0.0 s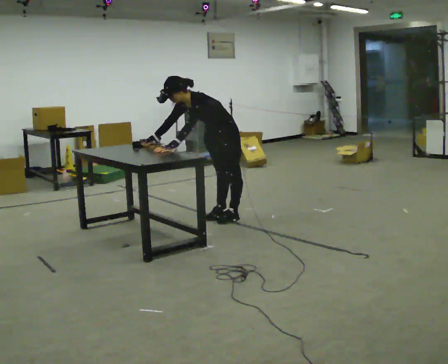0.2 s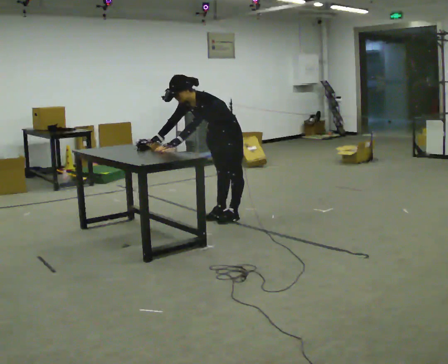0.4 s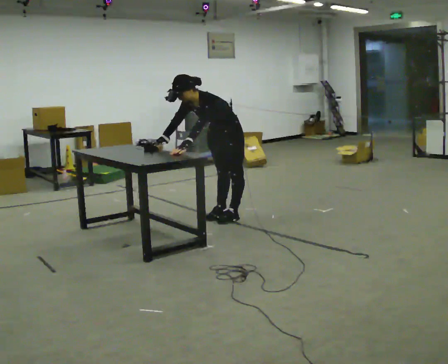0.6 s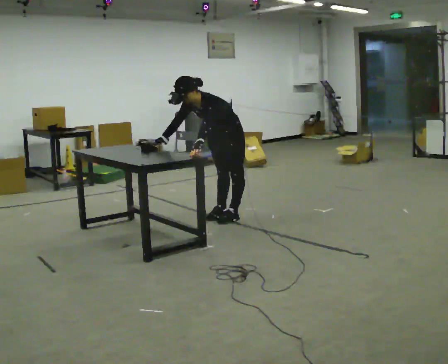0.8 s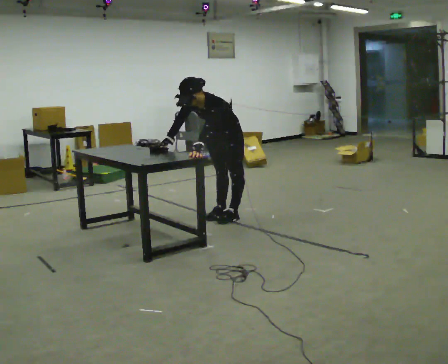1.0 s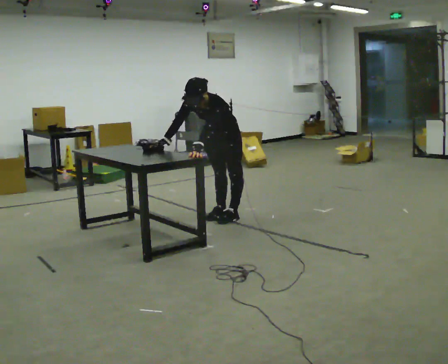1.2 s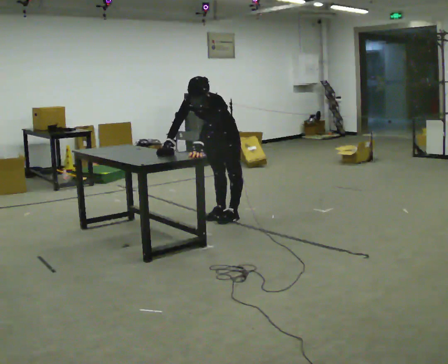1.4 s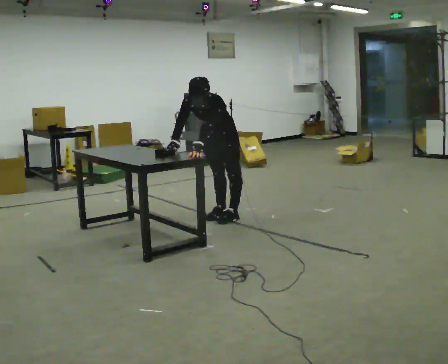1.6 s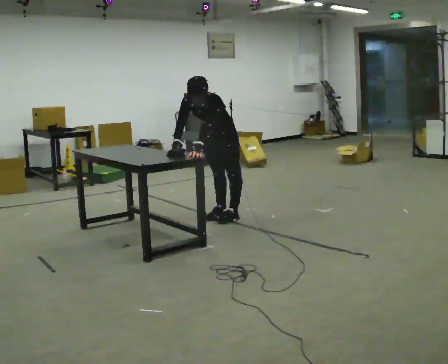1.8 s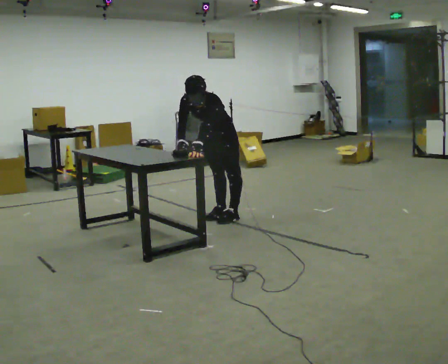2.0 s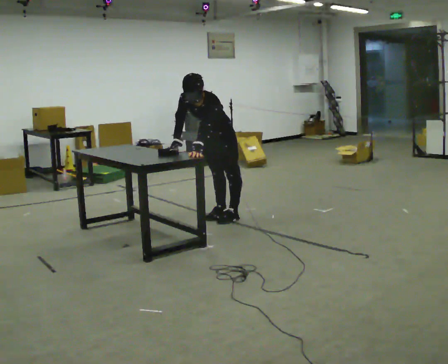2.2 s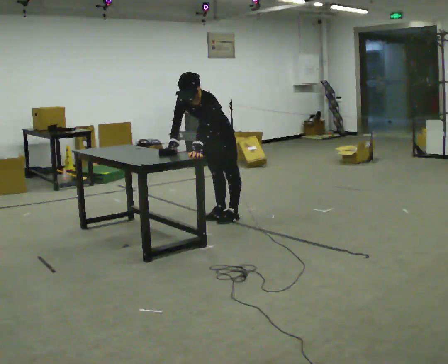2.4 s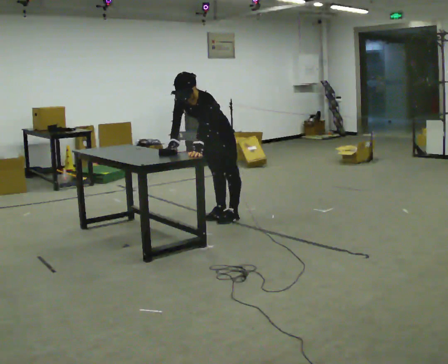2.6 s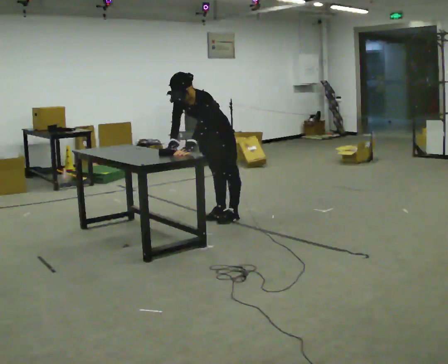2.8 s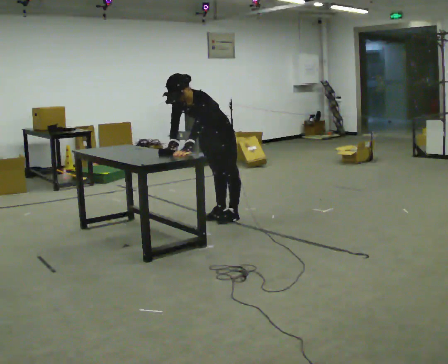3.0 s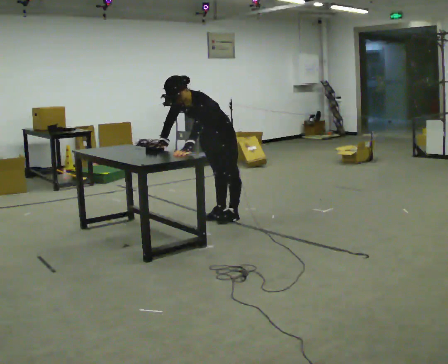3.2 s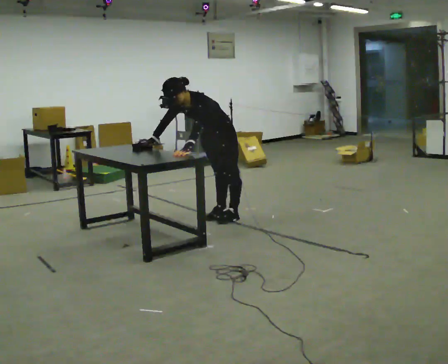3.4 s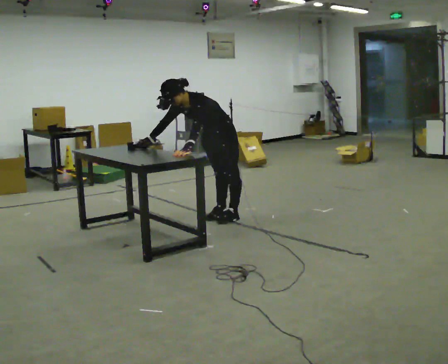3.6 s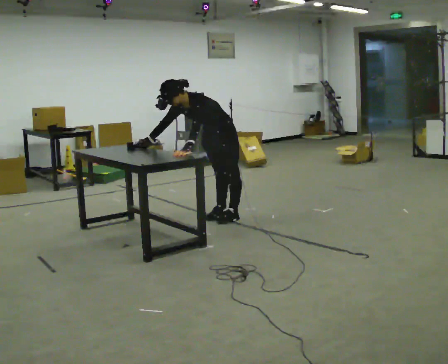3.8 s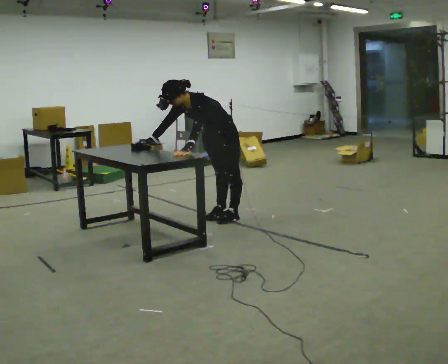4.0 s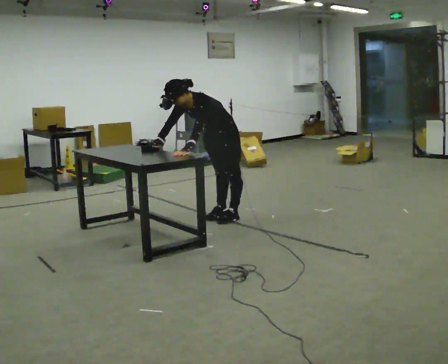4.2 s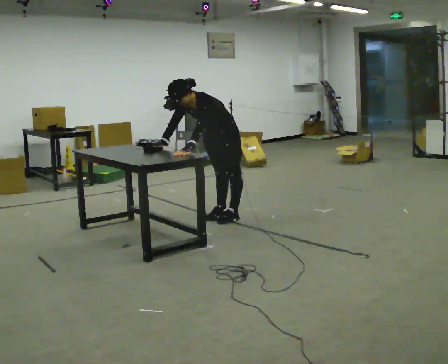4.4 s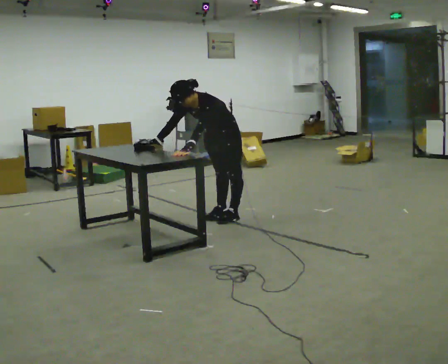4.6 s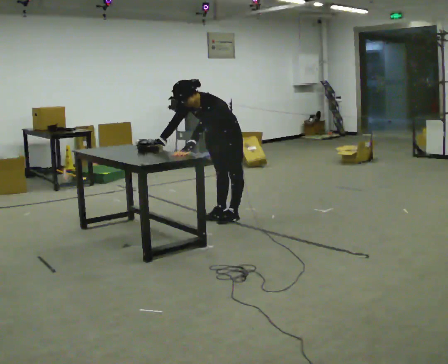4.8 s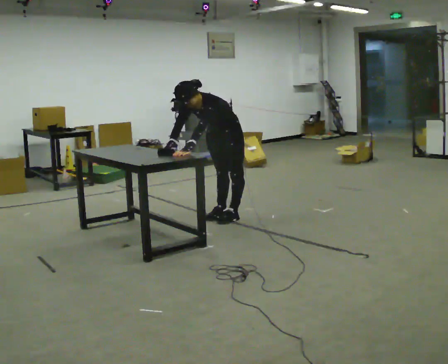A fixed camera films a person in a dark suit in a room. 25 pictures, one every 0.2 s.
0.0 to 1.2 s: In the picture the upper body tilts clockwise, shoulders to the right.
1.2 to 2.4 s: The person moves a little, or ends about where they began.
2.4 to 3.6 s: In the picture the upper body tilts counterclockwise, shoulders to the left.
3.6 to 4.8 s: The person moves a little, or ends about where they began.
The film runs backward here.
